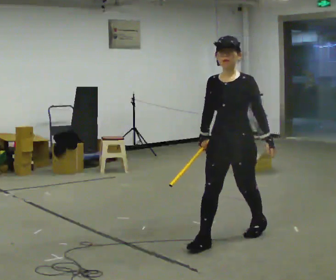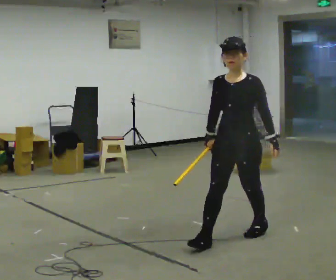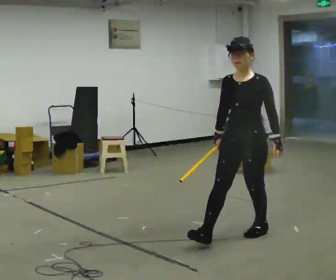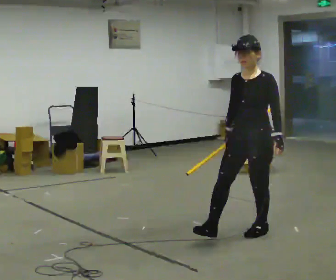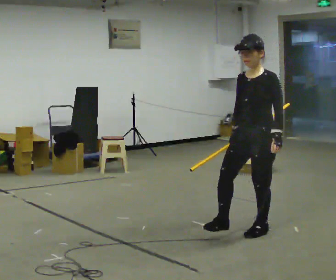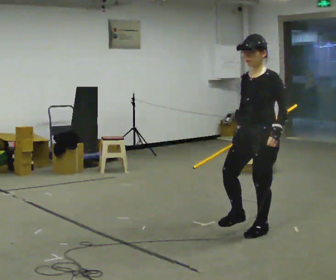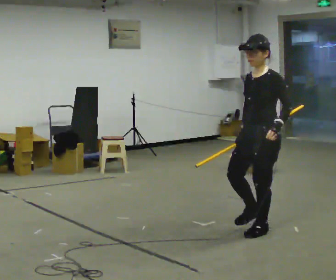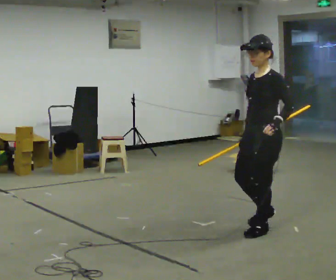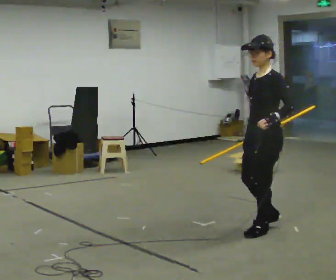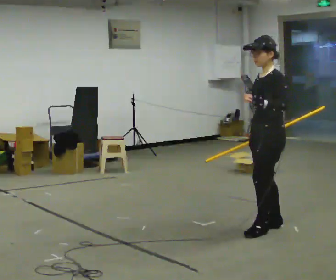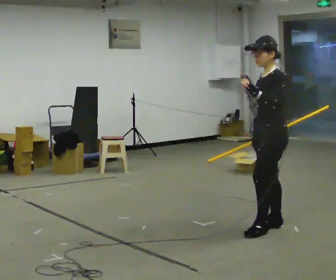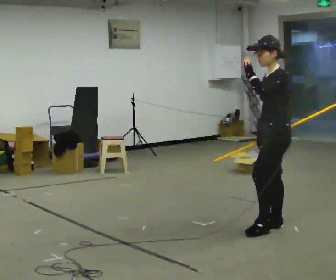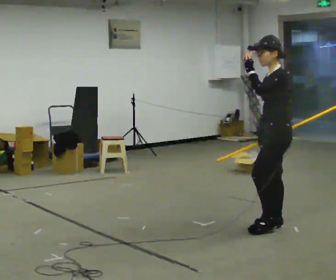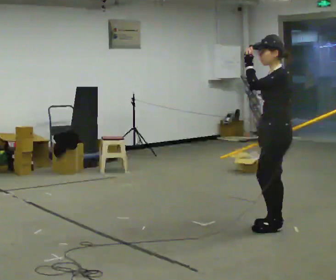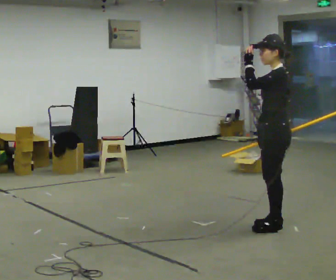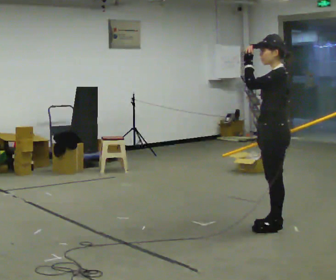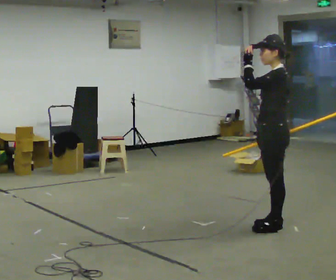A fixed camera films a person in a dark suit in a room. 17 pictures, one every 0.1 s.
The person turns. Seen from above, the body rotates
clockwise.
Their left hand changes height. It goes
upward.
0.0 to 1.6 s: The part of the body nearest the lens slides to the left as the person turns to their right by about 75 degrees. In the picture they go away from the camera and to the right, about 0.5 m in 1 step. In the picture their left hand goes upward.
The film runs backward here.
